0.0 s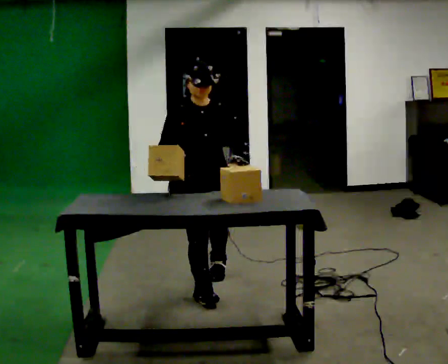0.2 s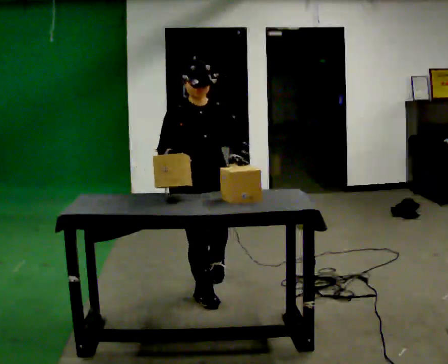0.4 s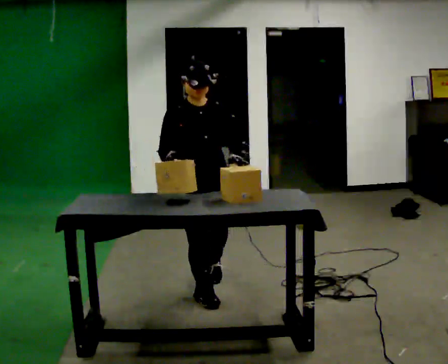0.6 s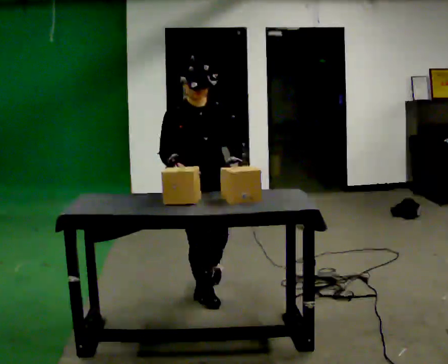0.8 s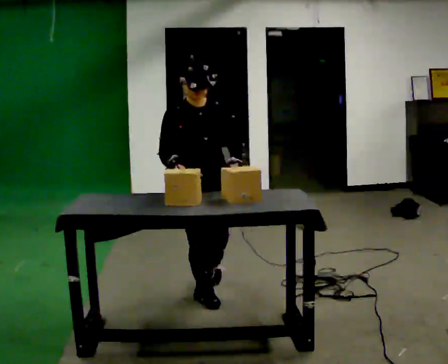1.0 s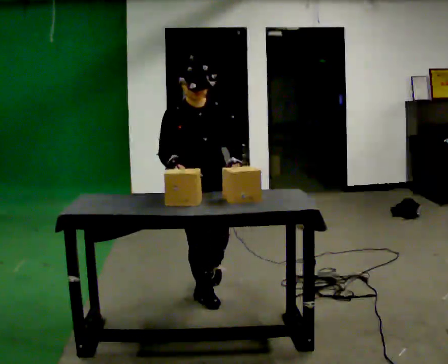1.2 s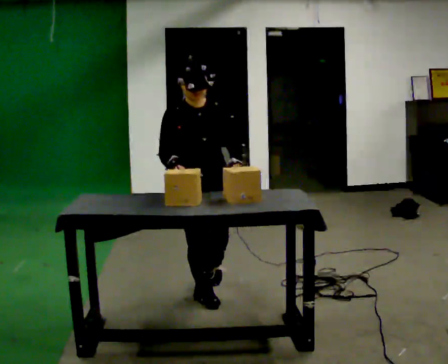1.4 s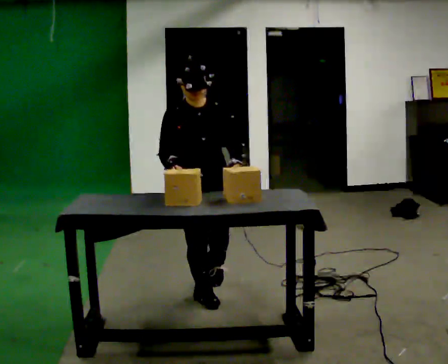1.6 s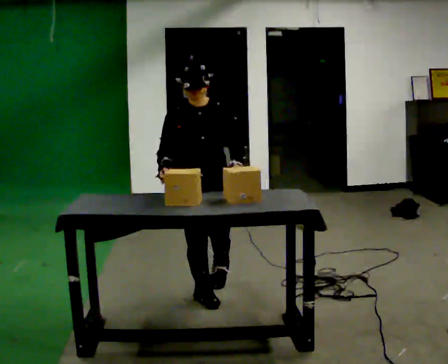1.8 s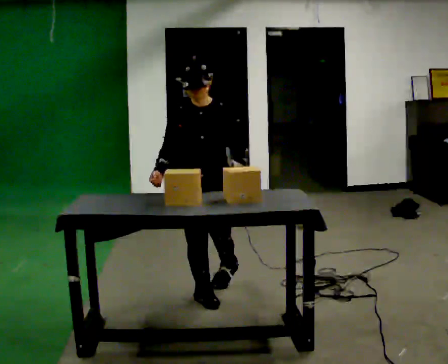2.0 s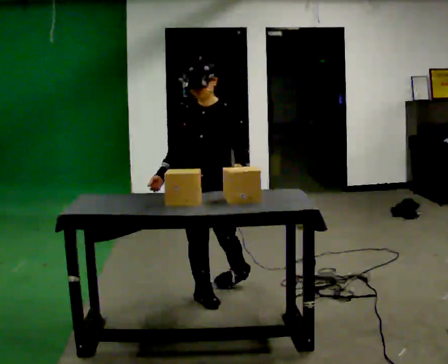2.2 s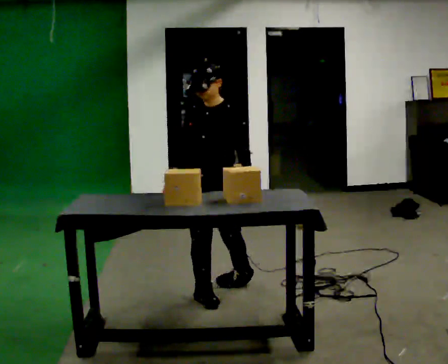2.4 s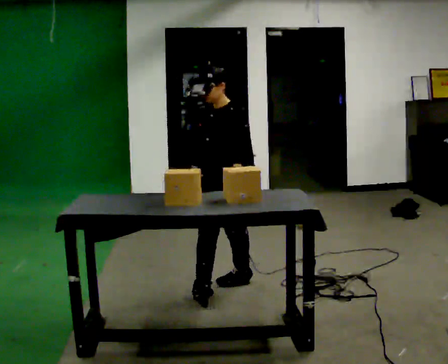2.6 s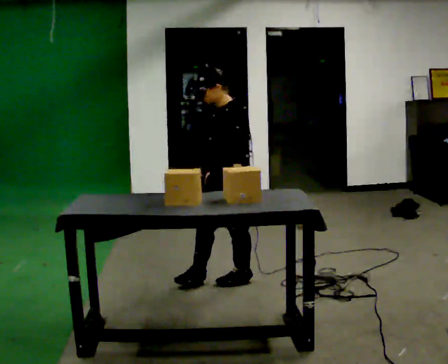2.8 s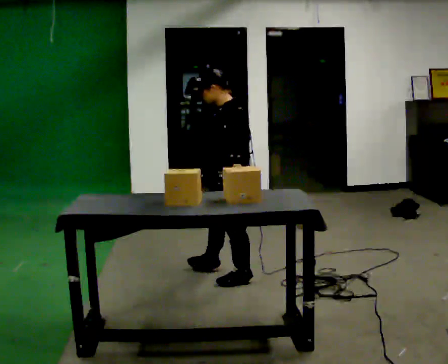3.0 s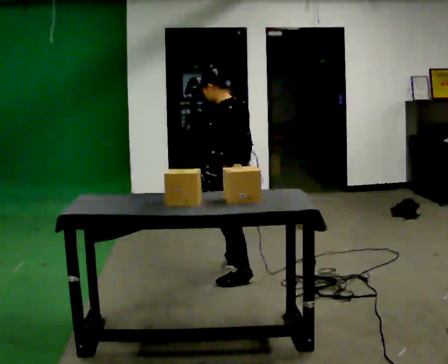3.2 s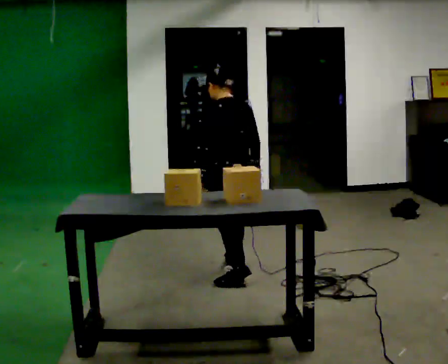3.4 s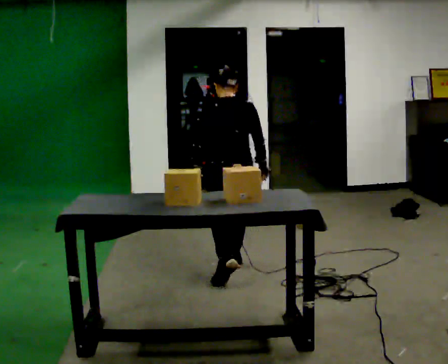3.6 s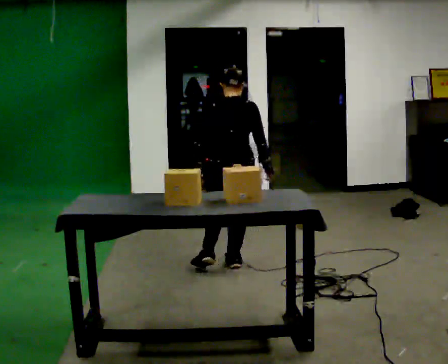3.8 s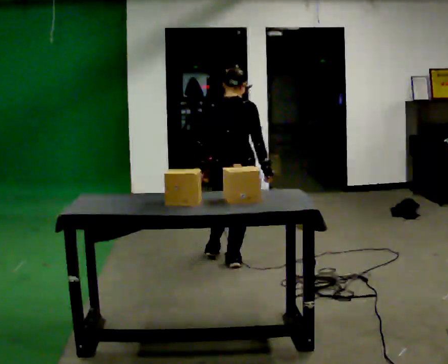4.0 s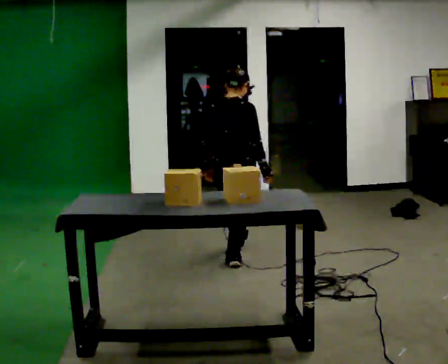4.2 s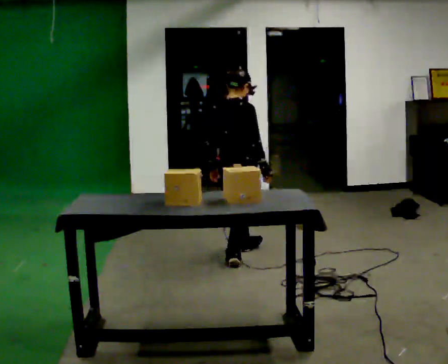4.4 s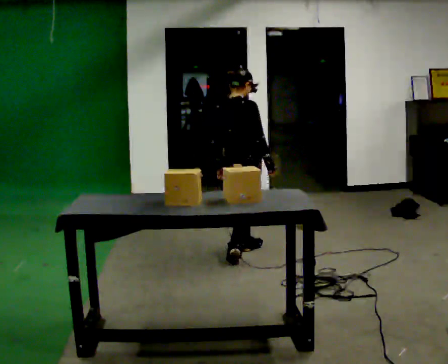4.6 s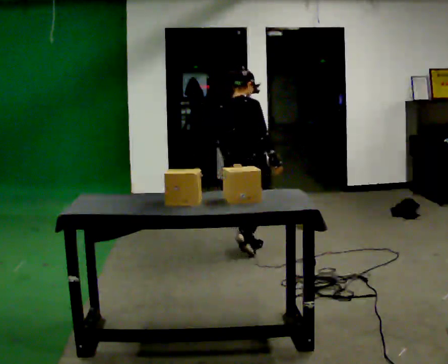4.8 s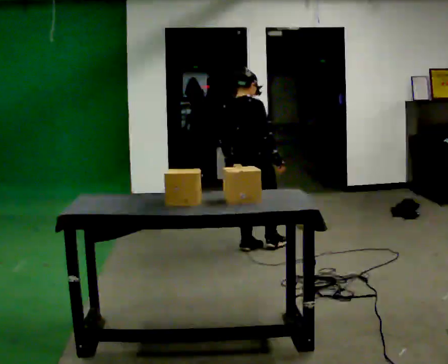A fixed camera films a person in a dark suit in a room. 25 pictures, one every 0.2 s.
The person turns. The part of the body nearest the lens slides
to the left.
The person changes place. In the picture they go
away from the camera.
0.0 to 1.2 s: The person moves a little, or ends about where they began.
1.2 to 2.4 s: The part of the body nearest the lens slides to the left as the person turns to their right by about 60 degrees. In the picture they go away from the camera, about 0.25 m in 1 step.
2.4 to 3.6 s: The part of the body nearest the lens slides to the left as the person turns to their right by about 135 degrees. In the picture they go away from the camera, about 0.5 m in 1 step.
3.6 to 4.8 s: The part of the body nearest the lens slides to the left as the person turns to their right by about 30 degrees. In the picture they go away from the camera, about 0.5 m in 1 step, which for them is forward.
The film runs forward here.
